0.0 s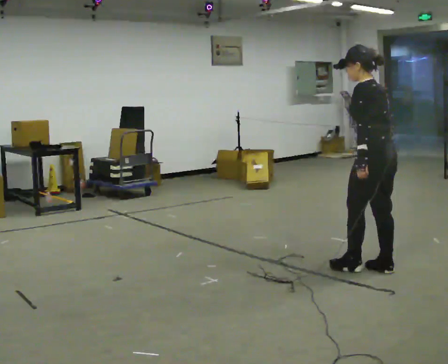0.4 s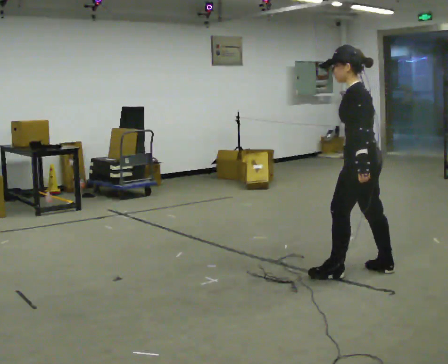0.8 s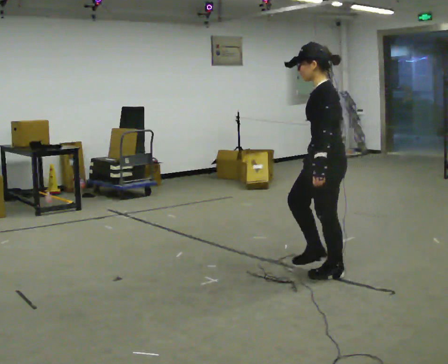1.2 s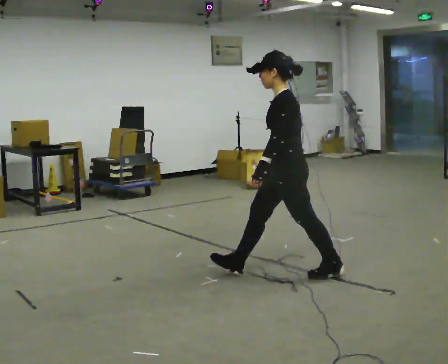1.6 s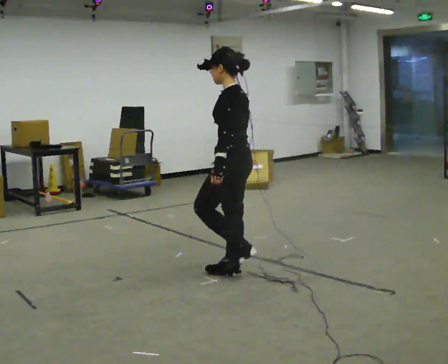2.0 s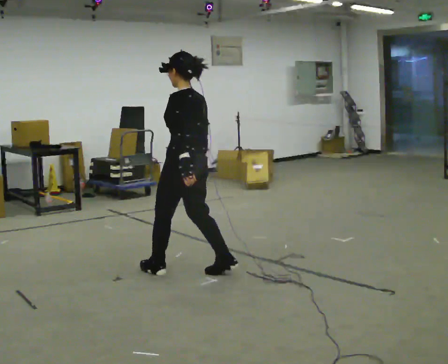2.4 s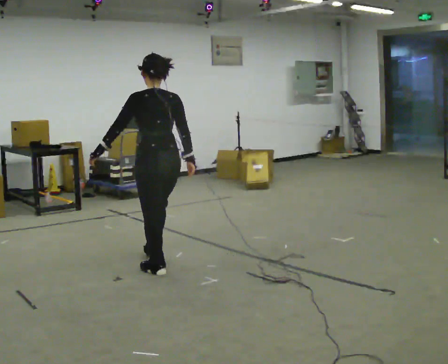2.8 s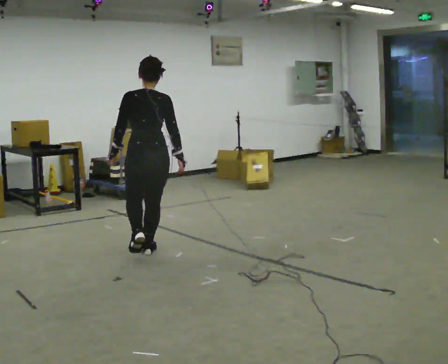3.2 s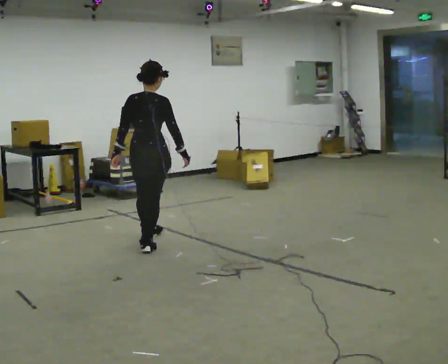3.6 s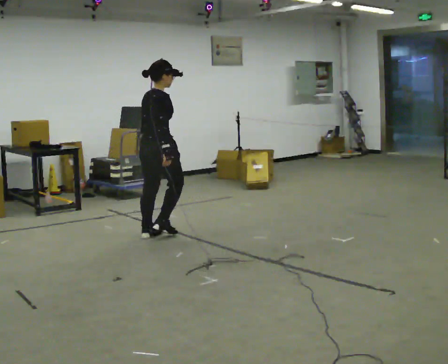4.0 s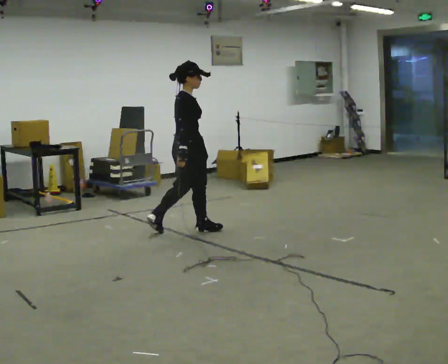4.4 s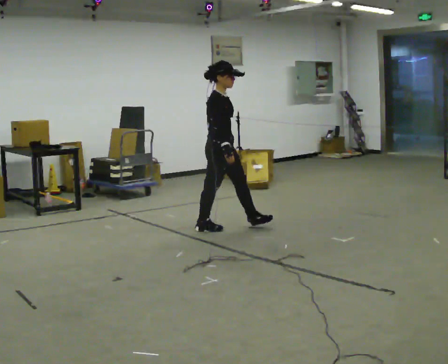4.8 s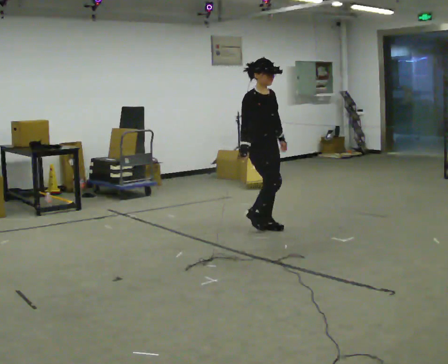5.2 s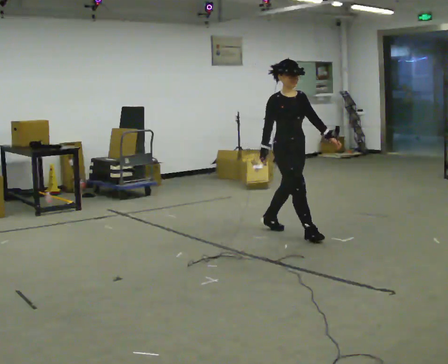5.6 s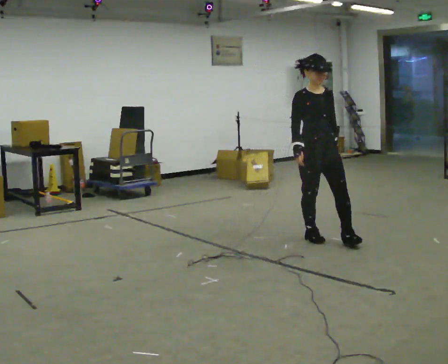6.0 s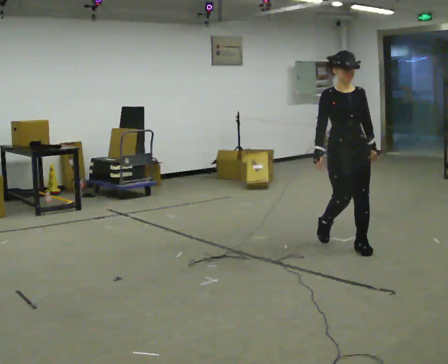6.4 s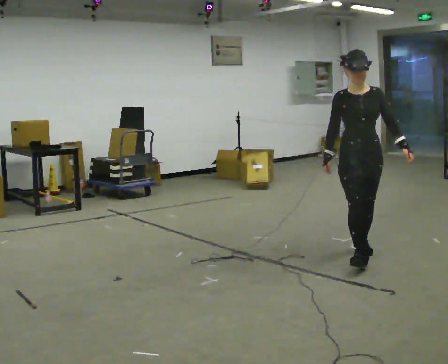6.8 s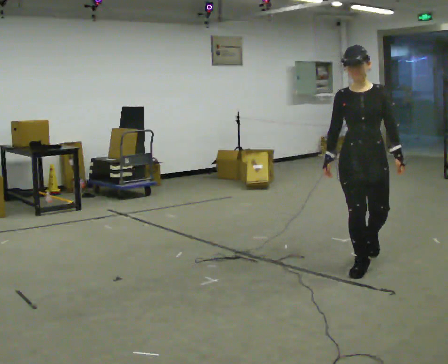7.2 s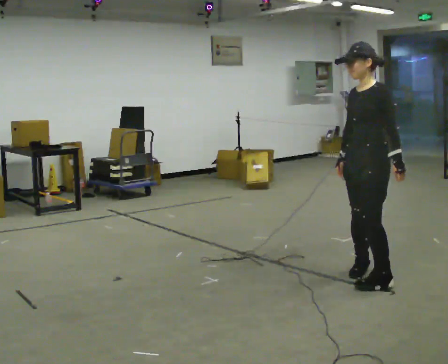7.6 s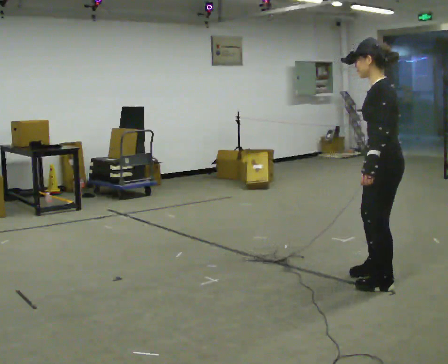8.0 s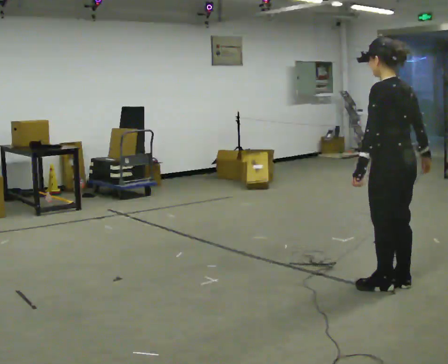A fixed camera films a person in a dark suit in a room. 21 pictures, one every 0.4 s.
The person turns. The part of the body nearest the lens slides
to the left.
The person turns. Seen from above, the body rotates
clockwise.
0.0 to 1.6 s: Seen from above the body turns counterclockwise, about 30 degrees: to their left, with its near side sliding to the right. In the picture they go to the left, about 1 m in 2 steps, which for them is forward.
1.6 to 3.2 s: Seen from above the body turns clockwise, about 105 degrees: to their right, with its near side sliding to the left. In the picture they go away from the camera and to the left, about 1 m in 3 steps.
3.2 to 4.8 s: The person turns about 105 degrees to their right, clockwise seen from above, so the part of the body nearest the lens slides to the left. In the picture they go to the right, about 1 m in 2 steps.
4.8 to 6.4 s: The person turns about 45 degrees to their right, clockwise seen from above, so the part of the body nearest the lens slides to the left. In the picture they go toward the camera and to the right, about 1.5 m in 2 steps, which for them is forward.
6.4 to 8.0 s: Seen from above the body turns clockwise, about 150 degrees: to their right, with its near side sliding to the left. In the picture they go toward the camera, about 1 m in 3 steps.
The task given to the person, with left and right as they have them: Walk straight; turn around and walk back; use wide or tight turn.
The film runs forward here.
